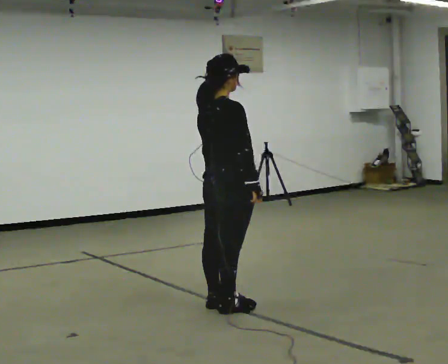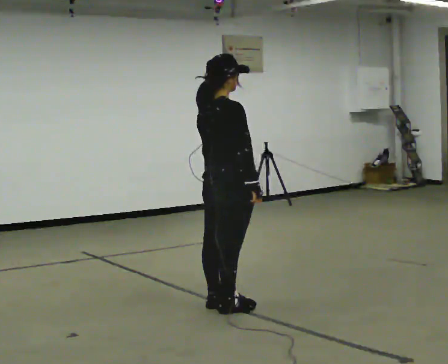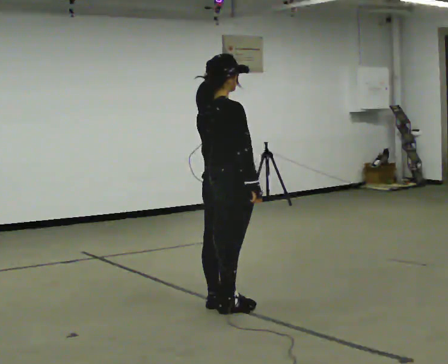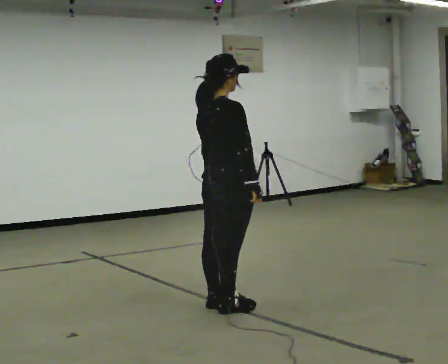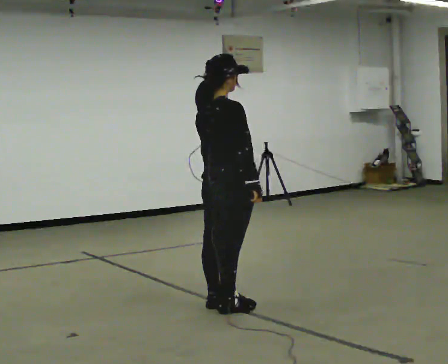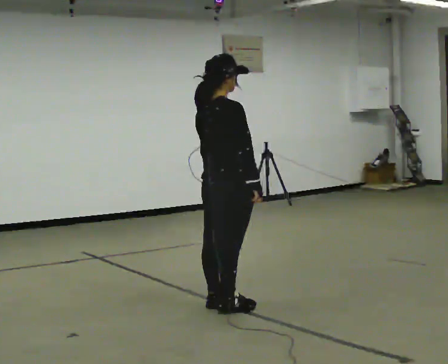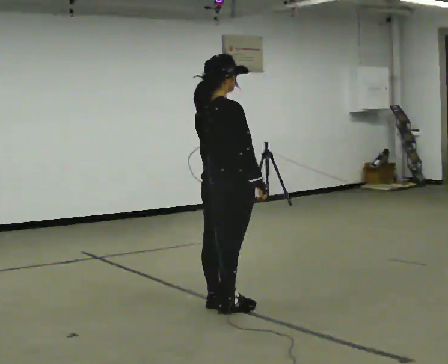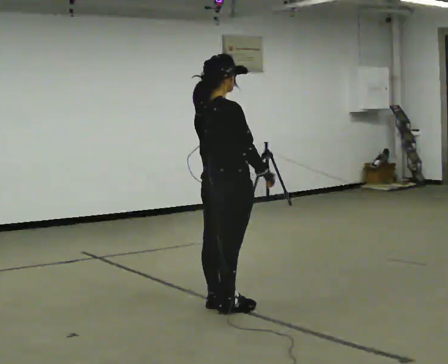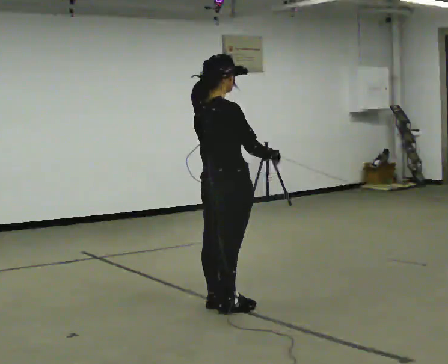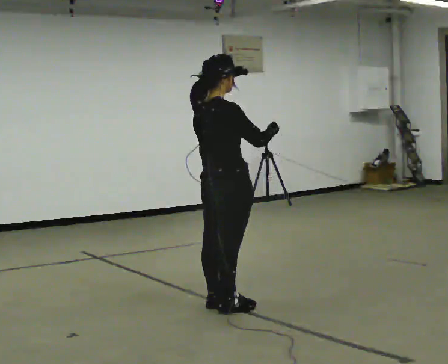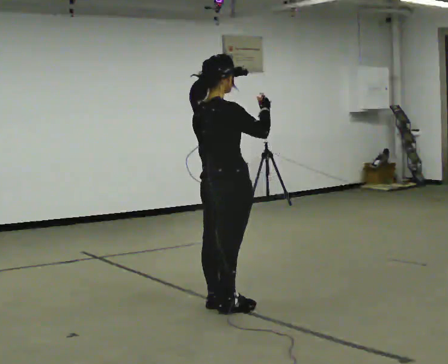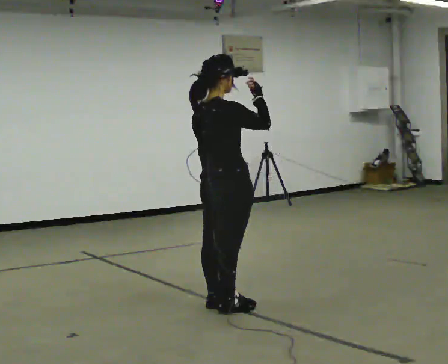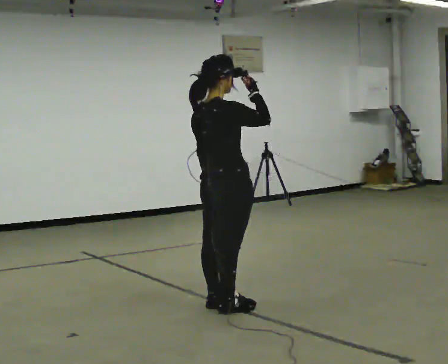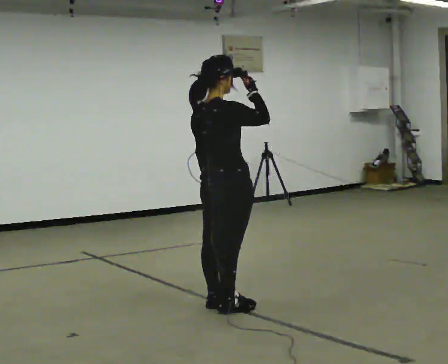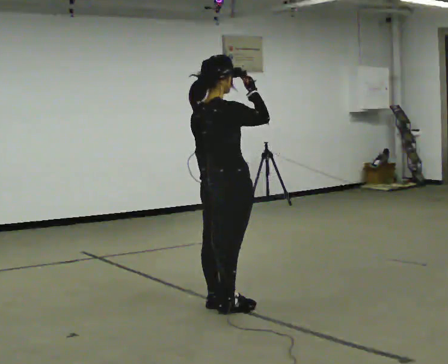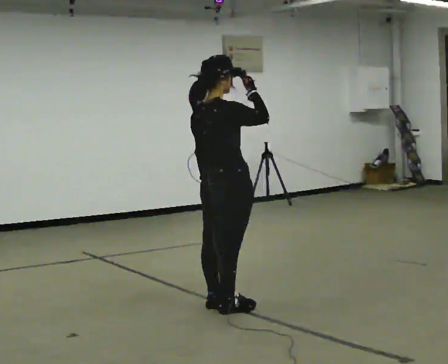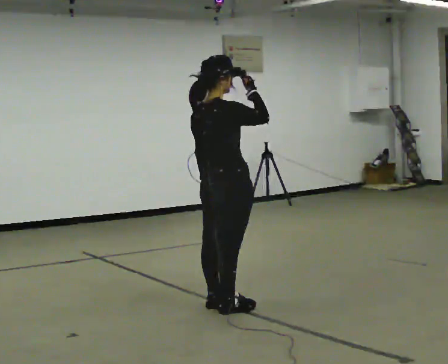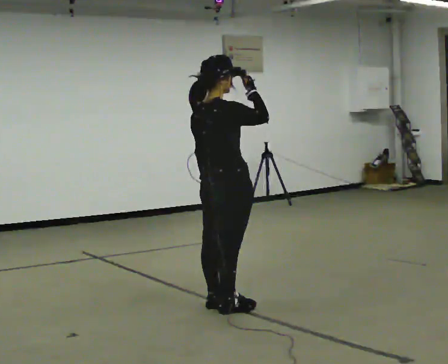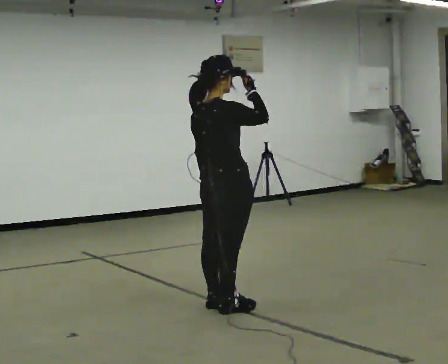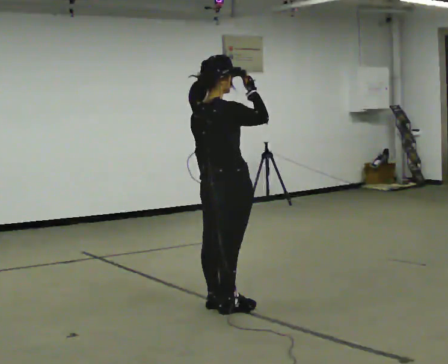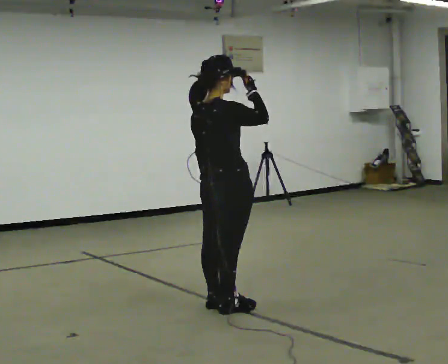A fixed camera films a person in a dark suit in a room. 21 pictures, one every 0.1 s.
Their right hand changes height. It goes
upward.
0.0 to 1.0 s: In the picture their right hand goes upward, the arm swinging counterclockwise.
1.0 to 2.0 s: The person moves a little, or ends about where they began.
The film runs forward here.
